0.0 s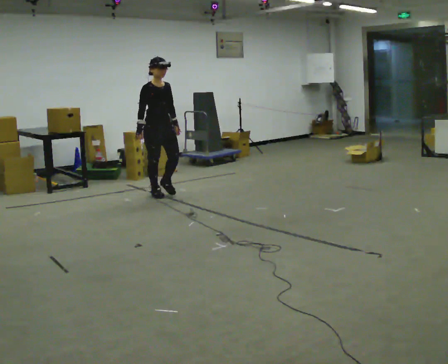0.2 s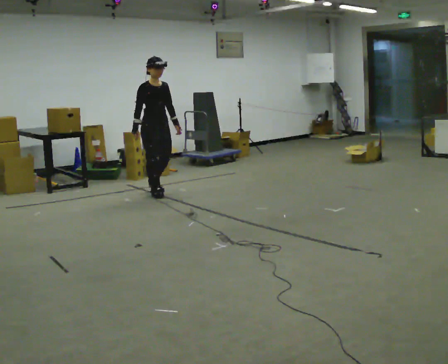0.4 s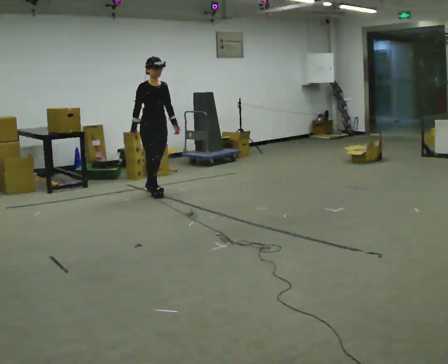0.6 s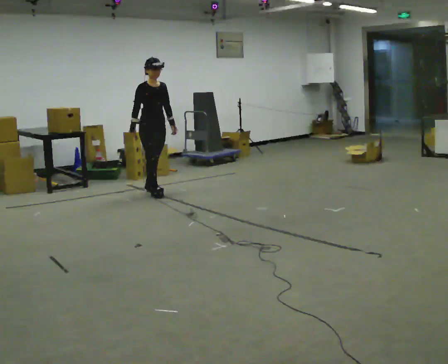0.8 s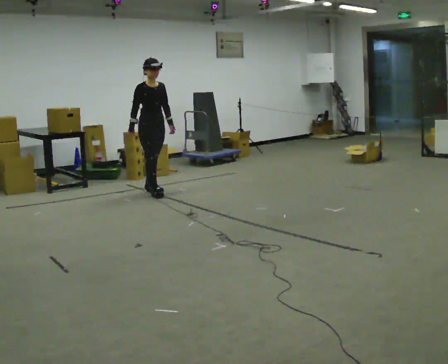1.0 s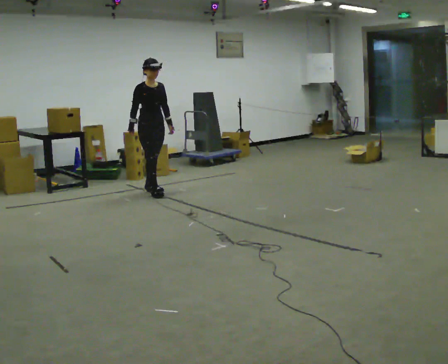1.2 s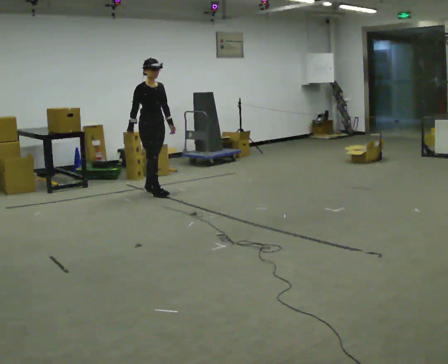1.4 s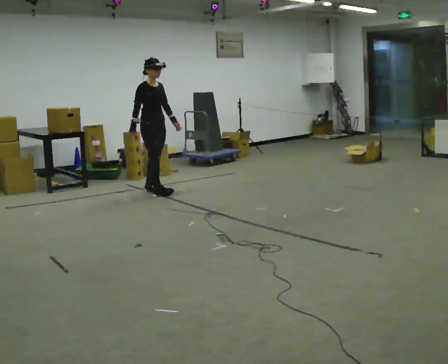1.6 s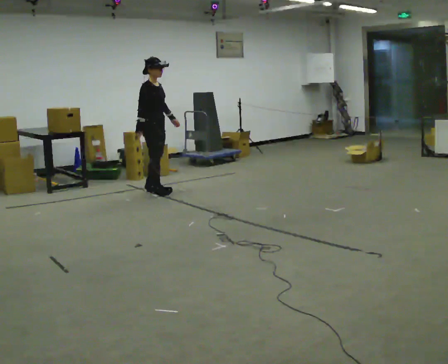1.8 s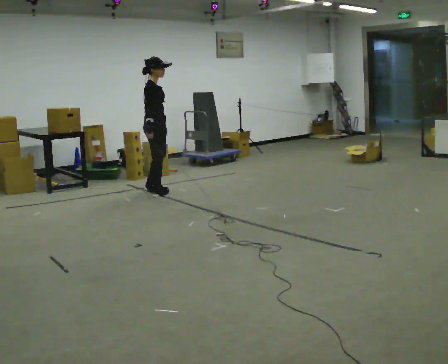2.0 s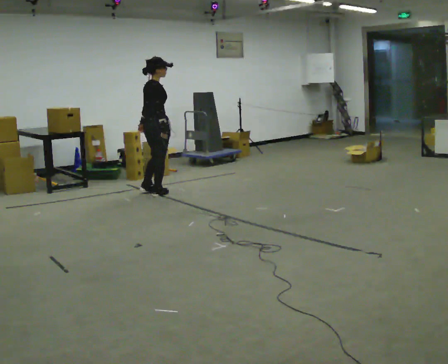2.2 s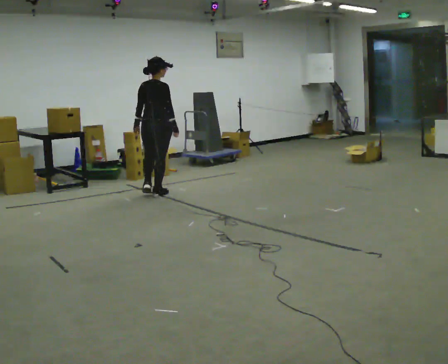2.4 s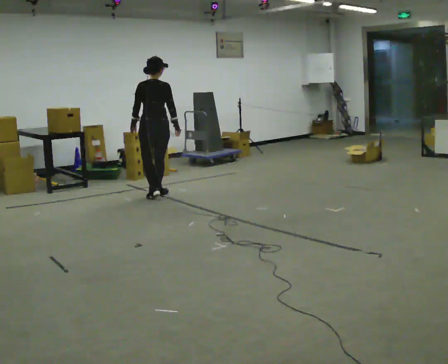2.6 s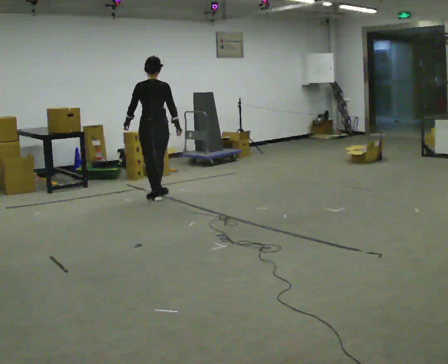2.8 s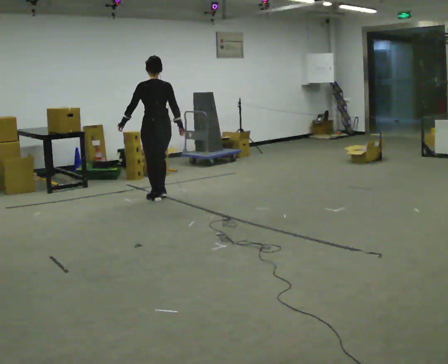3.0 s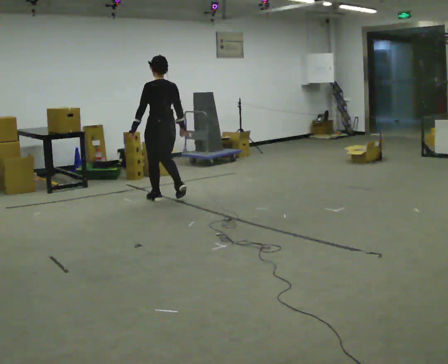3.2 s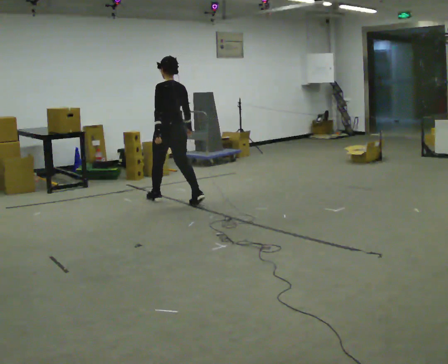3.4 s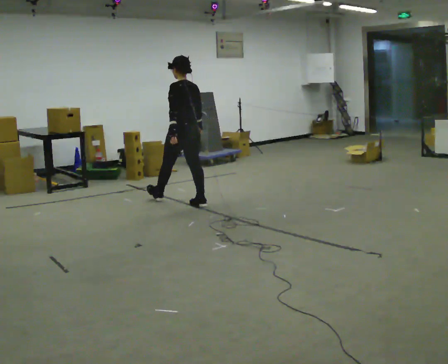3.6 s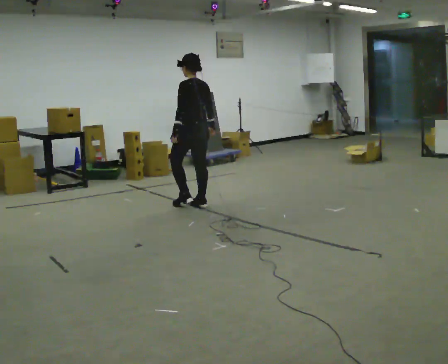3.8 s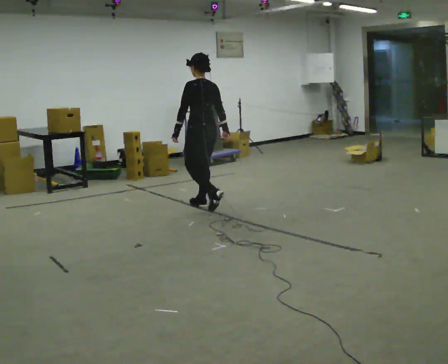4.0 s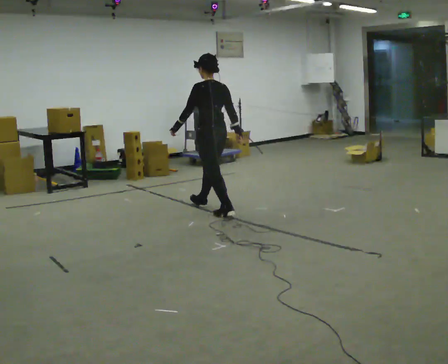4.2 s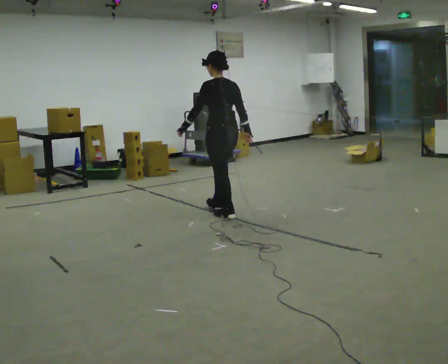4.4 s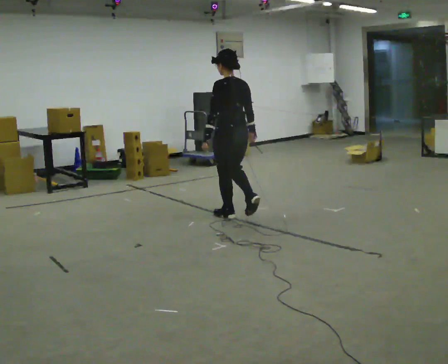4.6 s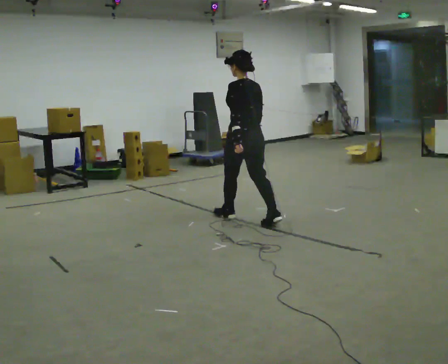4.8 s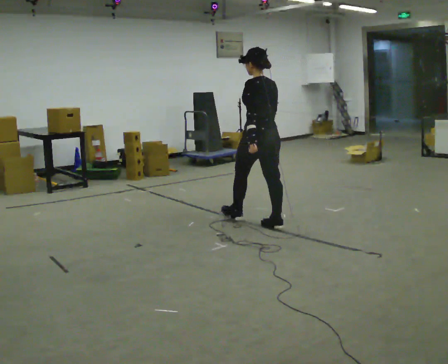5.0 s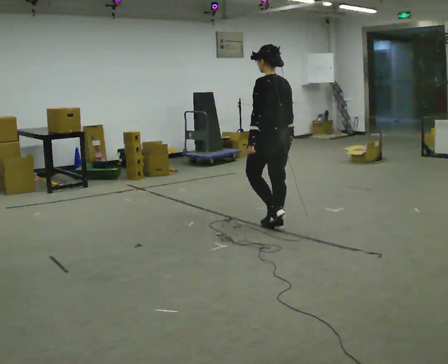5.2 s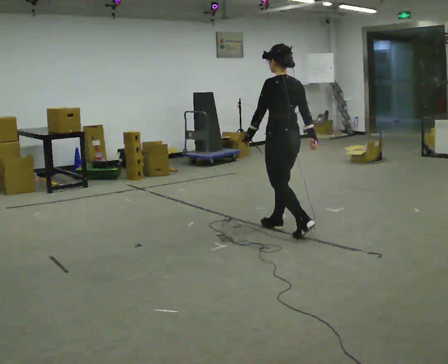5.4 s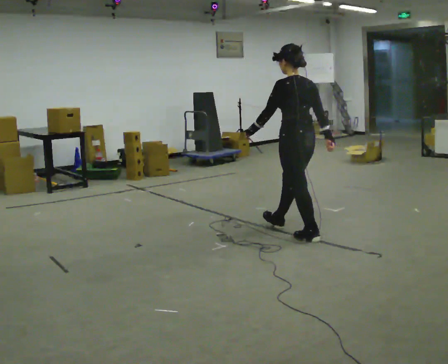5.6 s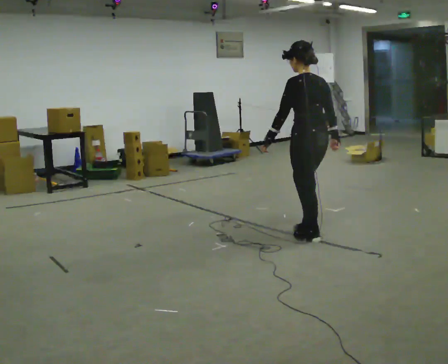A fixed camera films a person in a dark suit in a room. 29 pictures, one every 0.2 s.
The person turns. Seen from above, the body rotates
counterclockwise.
The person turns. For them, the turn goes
to their left.
0.0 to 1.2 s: In the picture they go away from the camera, about 0.25 m, which for them is backward.
1.2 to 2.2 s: The person turns about 105 degrees to their left, counterclockwise seen from above, so the part of the body nearest the lens slides to the right. In the picture they go toward the camera, about 0.25 m in 1 step. In the picture their right hand goes to the right, the arm swinging counterclockwise.
2.2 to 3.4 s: The person turns about 75 degrees to their left, counterclockwise seen from above, so the part of the body nearest the lens slides to the right. In the picture they go toward the camera and to the right, about 0.5 m in 2 steps.
3.4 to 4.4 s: In the picture they go toward the camera and to the right, about 1 m in 1 step, which for them is backward.
4.4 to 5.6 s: In the picture they go toward the camera and to the right, about 1 m in 2 steps, which for them is backward.
The film runs backward here.
